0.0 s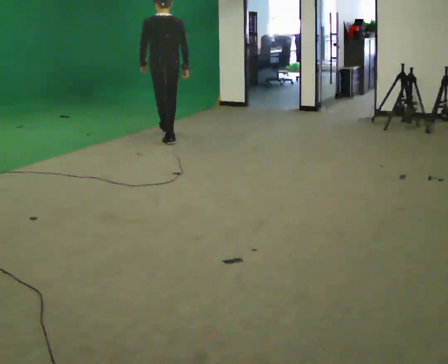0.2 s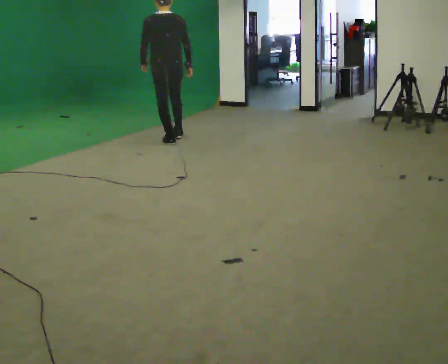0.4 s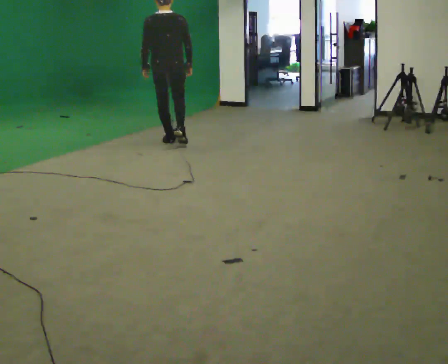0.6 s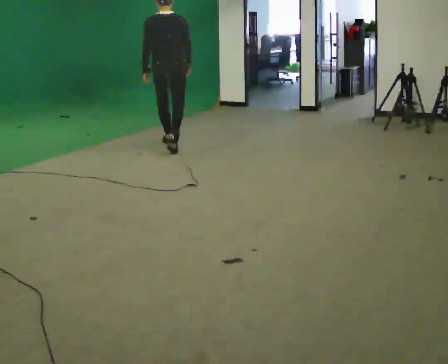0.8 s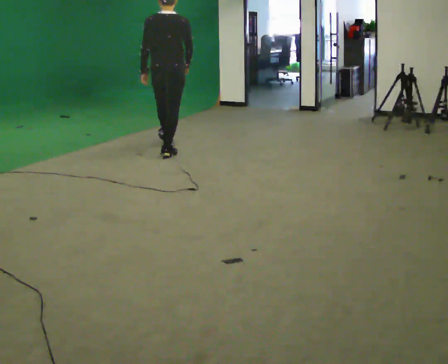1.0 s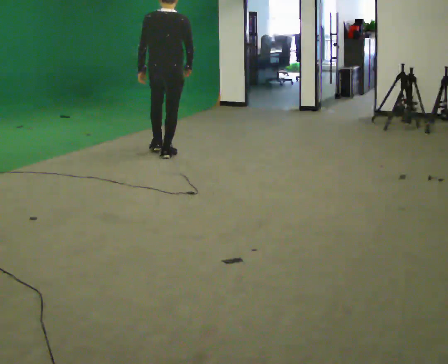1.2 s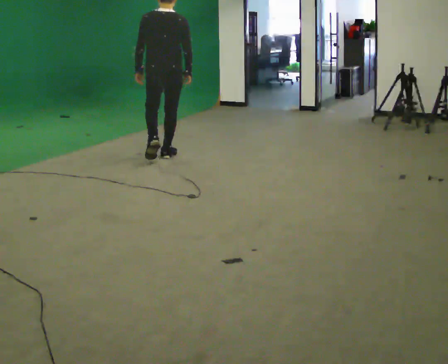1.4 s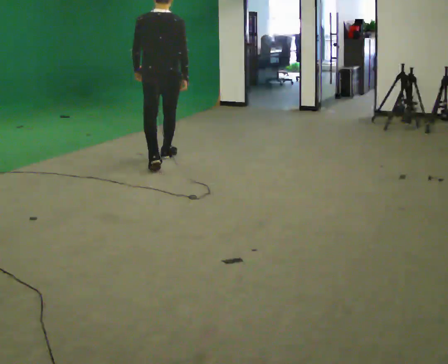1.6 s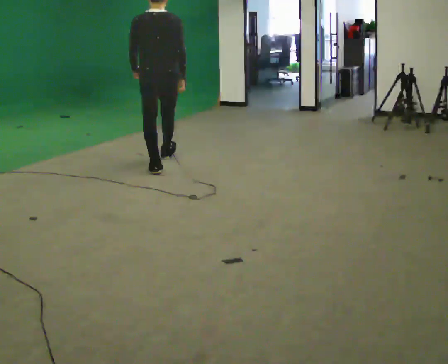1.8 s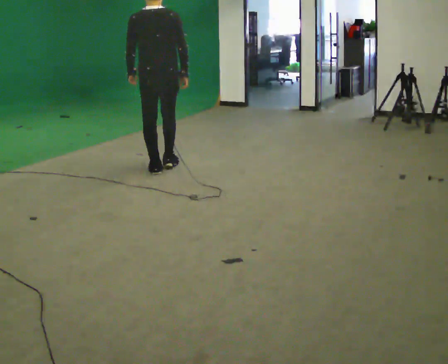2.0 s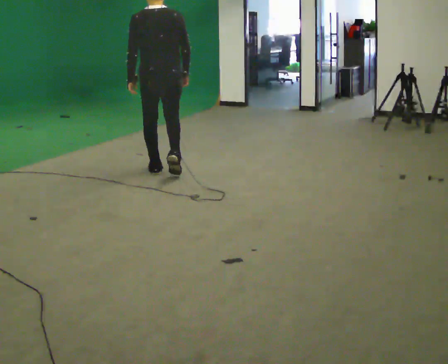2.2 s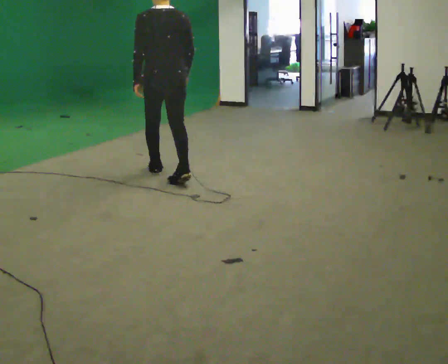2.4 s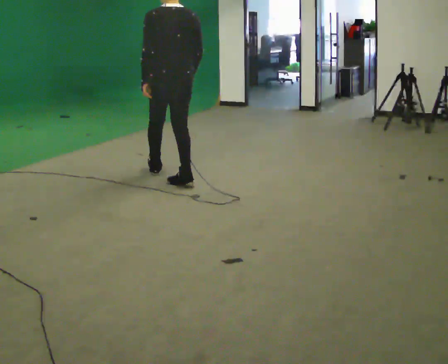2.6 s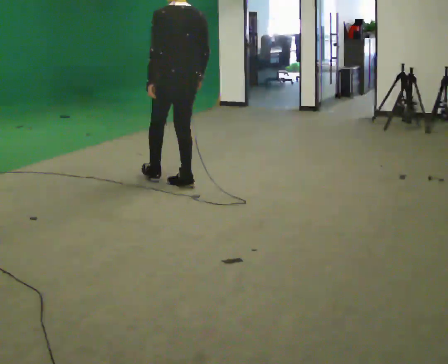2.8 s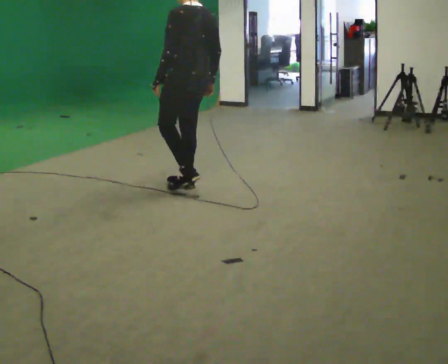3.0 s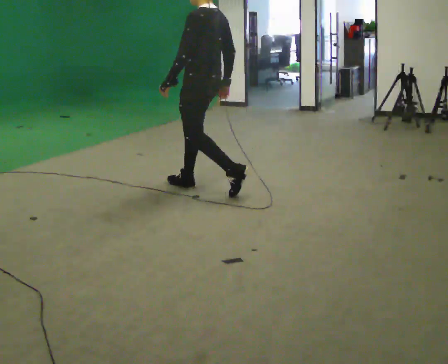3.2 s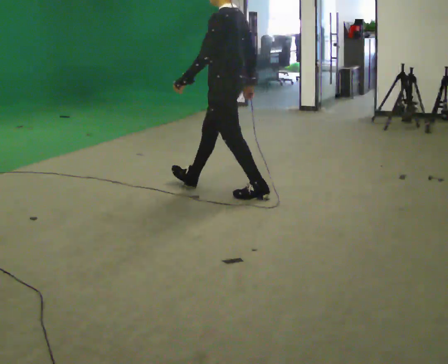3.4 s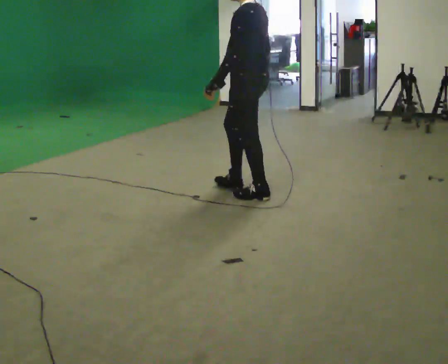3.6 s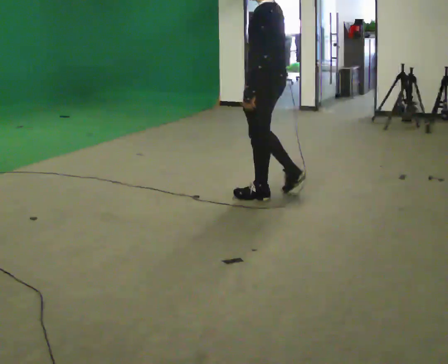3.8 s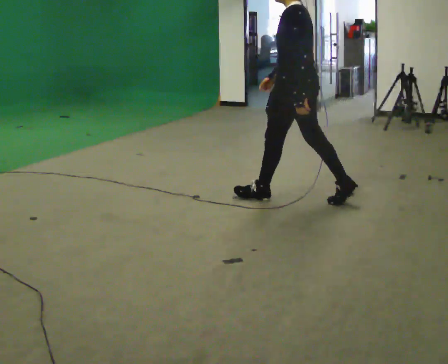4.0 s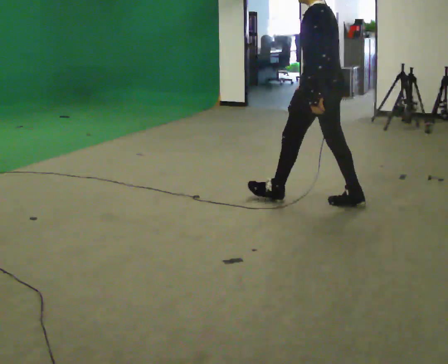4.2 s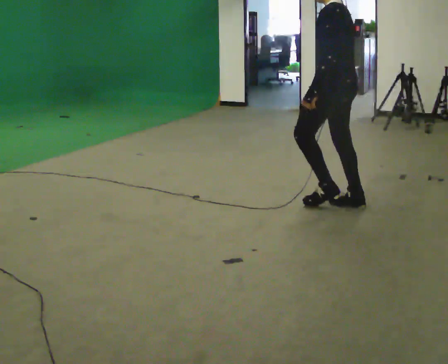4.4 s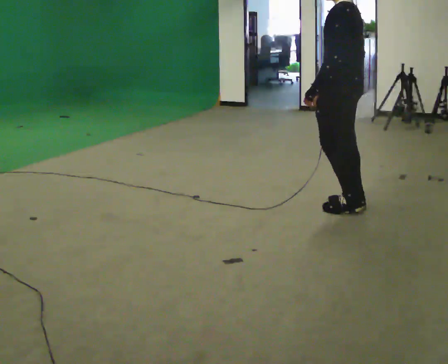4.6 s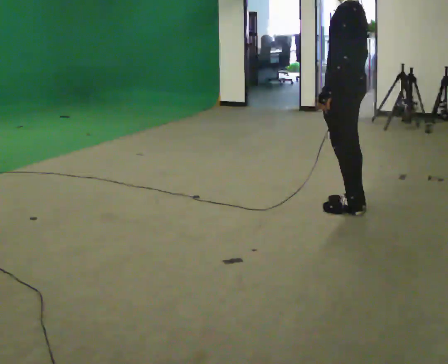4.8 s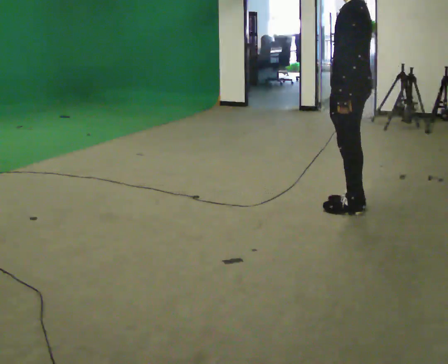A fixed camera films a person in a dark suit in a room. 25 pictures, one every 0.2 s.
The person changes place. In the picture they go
toward the camera.
0.0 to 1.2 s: In the picture they go toward the camera, about 1 m in 2 steps, which for them is backward.
1.2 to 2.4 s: In the picture they go toward the camera, about 1 m in 2 steps, which for them is backward.
2.4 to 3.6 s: The part of the body nearest the lens slides to the right as the person turns to their left by about 45 degrees. In the picture they go to the right and toward the camera, about 1 m in 1 step, which for them is backward.
3.6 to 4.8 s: In the picture they go to the right and toward the camera, about 0.75 m in 1 step, which for them is backward.
The film runs backward here.
